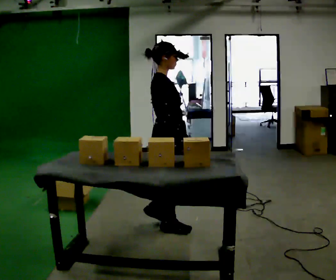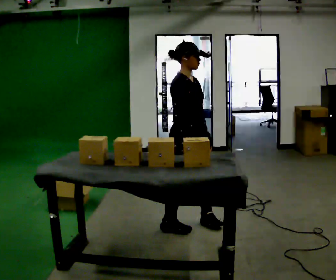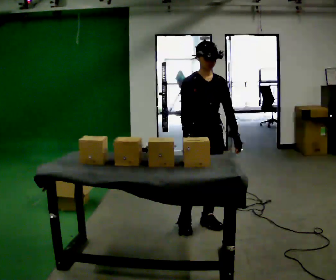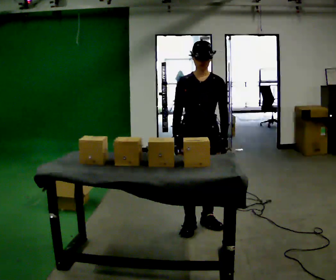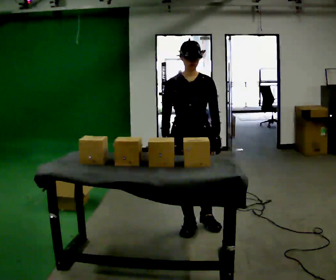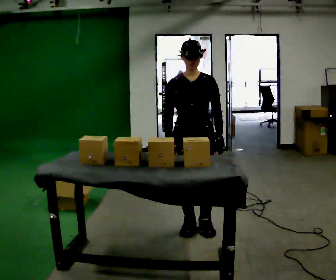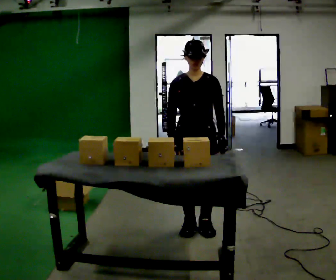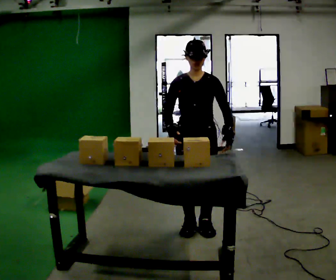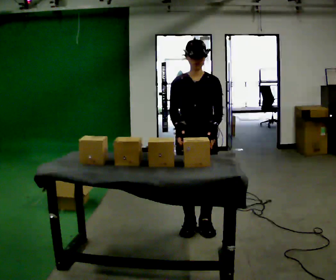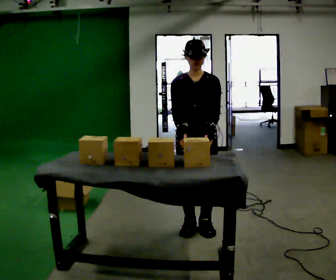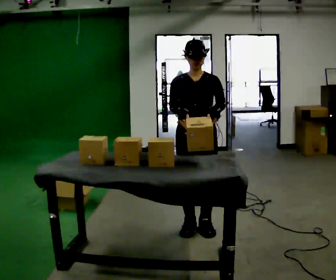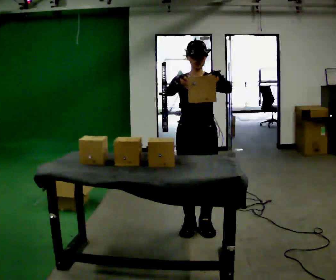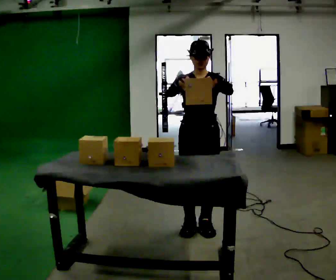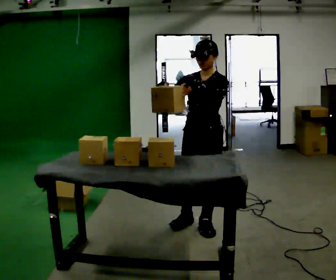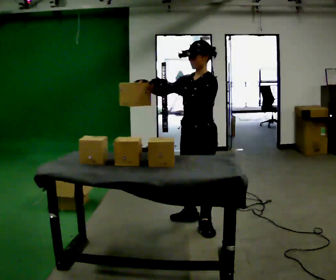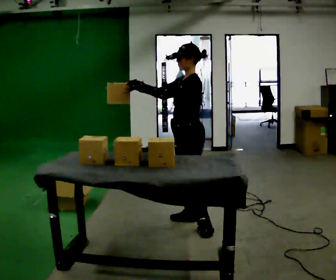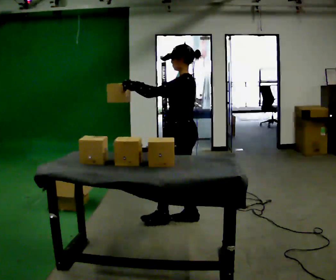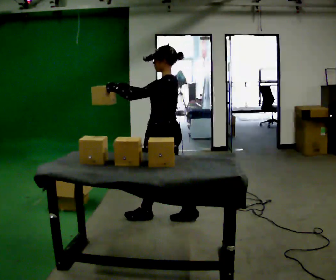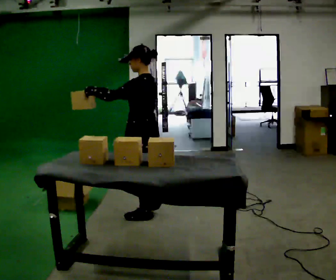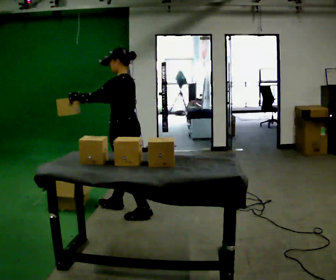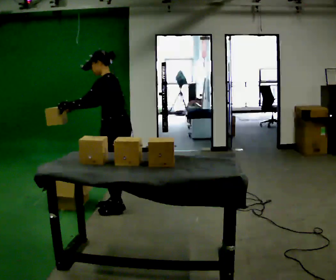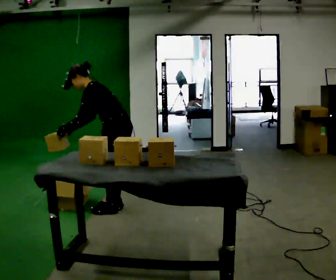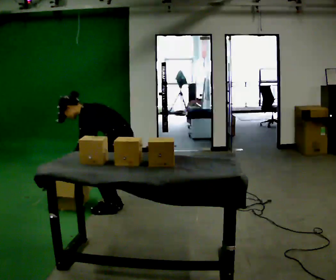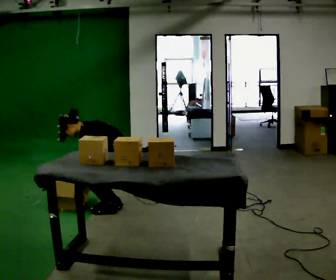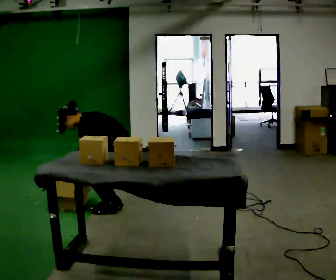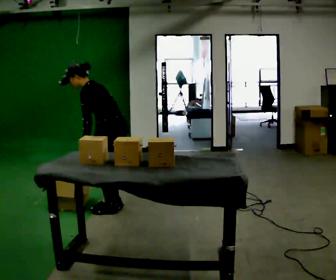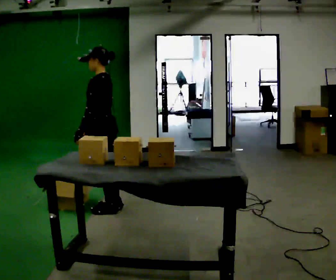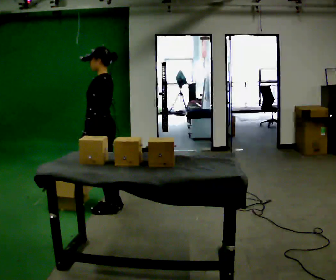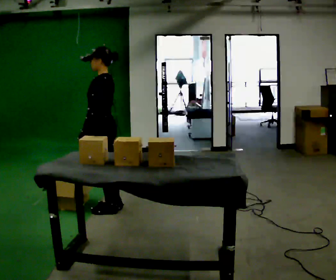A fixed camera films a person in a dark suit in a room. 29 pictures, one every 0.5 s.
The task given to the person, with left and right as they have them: Take an object out of the bin at knee height, carry it across the room, and place it on the chest-height shelf. Keep going until the operator says stop; one object at a time, and do not rush between trips.
0.0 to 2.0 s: Seen from above the body turns clockwise, about 90 degrees: to their right, with its near side sliding to the left. In the picture they go to the right, about 0.25 m in 2 steps.
2.0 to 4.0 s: The person moves a little, or ends about where they began.
4.0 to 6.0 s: In the picture their left hand goes upward.
6.0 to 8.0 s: Seen from above the body turns clockwise, about 90 degrees: to their right, with its near side sliding to the left. In the picture they go away from the camera, about 0.25 m in 1 step.
8.0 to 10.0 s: In the picture they go to the left, about 0.75 m in 2 steps, which for them is forward. In the picture the upper body tilts counterclockwise, shoulders to the left, as they bend forward.
10.0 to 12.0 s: The shoulders move downward. In the picture the upper body tilts counterclockwise, shoulders to the left, as they bend forward. In the picture their left hand goes downward.
12.0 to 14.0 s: In the picture they go to the left, about 0.25 m, which for them is forward. The shoulders move upward. In the picture the upper body tilts clockwise, shoulders to the right, as they lean back or straighten. In the picture their left hand goes upward.
The film runs forward here.
